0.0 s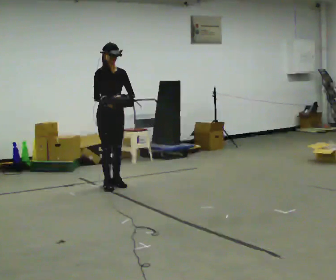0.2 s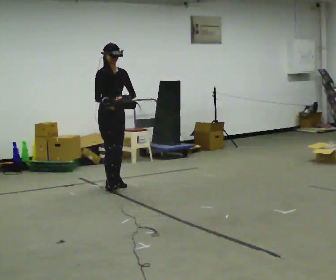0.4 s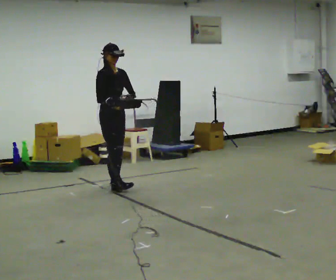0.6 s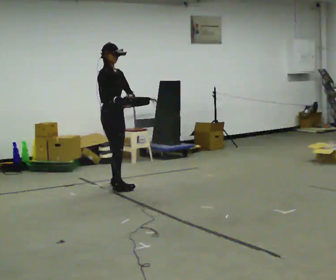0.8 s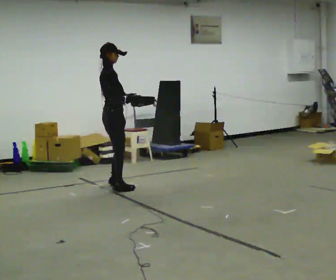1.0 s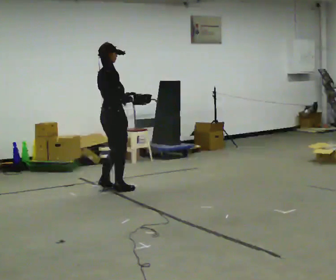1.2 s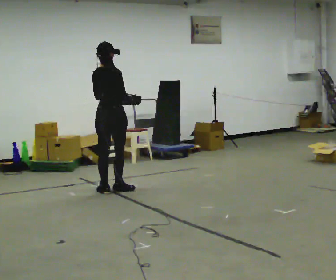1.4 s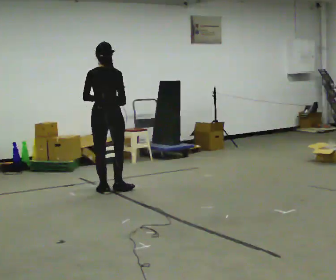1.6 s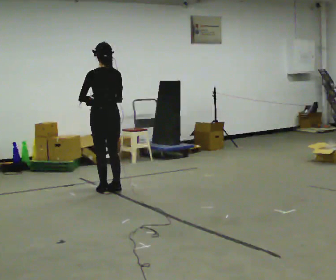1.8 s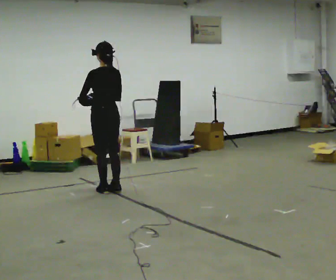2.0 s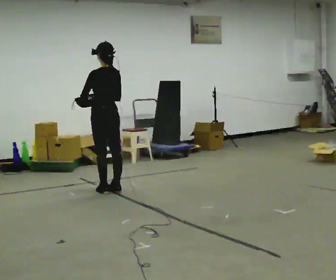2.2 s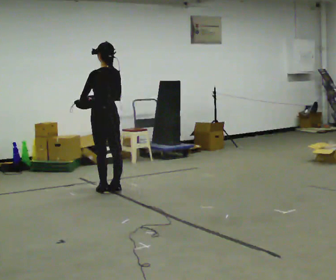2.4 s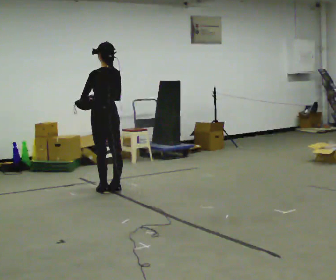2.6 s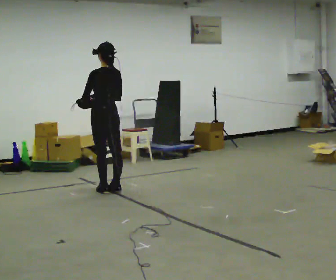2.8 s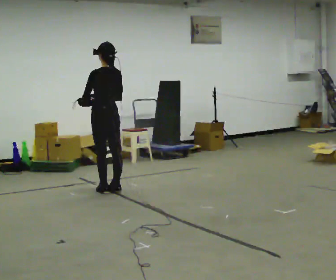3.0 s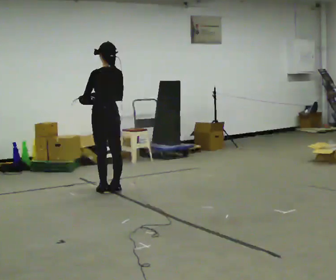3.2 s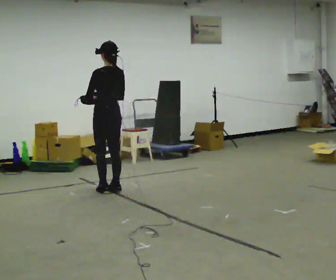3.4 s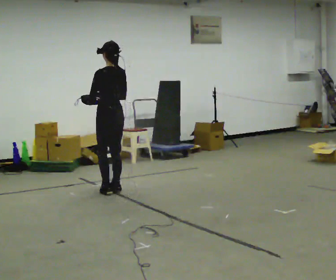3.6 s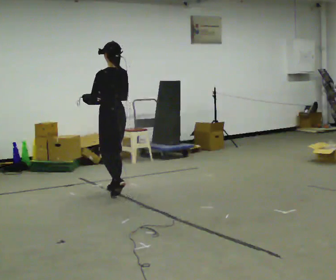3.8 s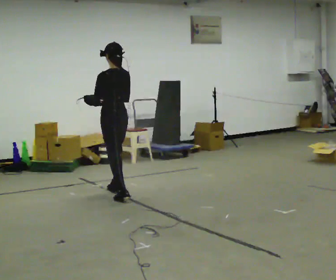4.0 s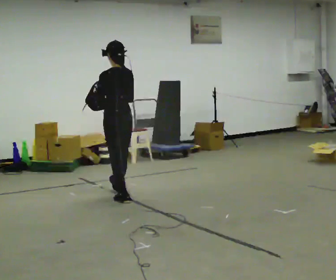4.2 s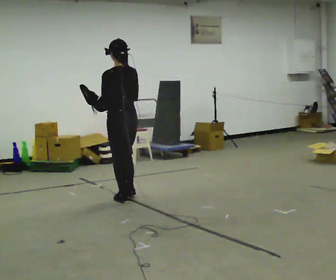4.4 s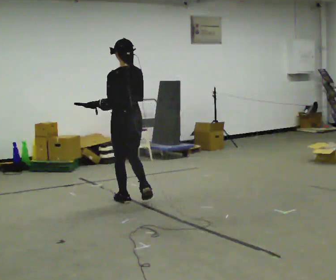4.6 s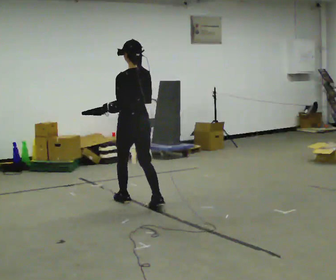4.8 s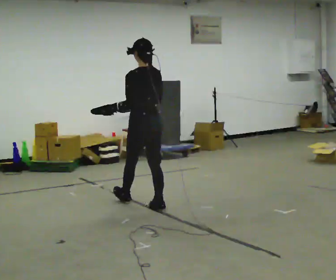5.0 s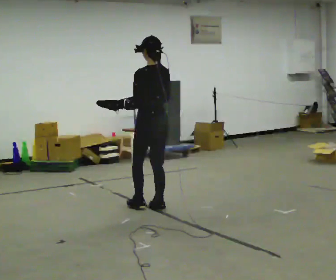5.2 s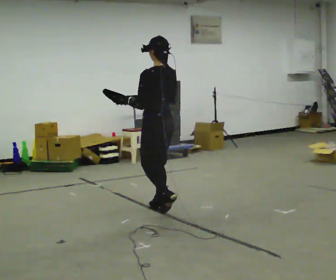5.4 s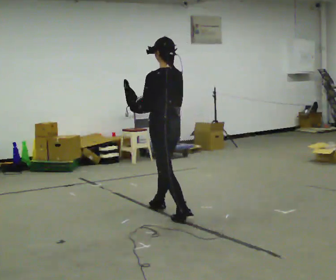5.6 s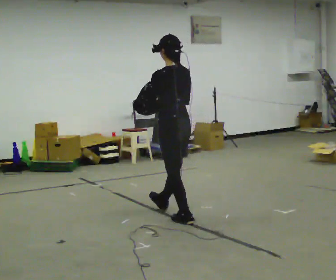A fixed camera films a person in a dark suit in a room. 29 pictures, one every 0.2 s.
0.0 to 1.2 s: The person turns about 120 degrees to their left, counterclockwise seen from above, so the part of the body nearest the lens slides to the right. In the picture they go toward the camera, about 0.25 m in 2 steps.
1.2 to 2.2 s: The person turns about 75 degrees to their left, counterclockwise seen from above, so the part of the body nearest the lens slides to the right. In the picture their right hand goes to the left.
2.2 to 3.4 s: The person moves a little, or ends about where they began.
3.4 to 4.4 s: In the picture they go toward the camera, about 0.5 m in 1 step, which for them is backward.
4.4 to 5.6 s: In the picture they go toward the camera and to the right, about 1 m in 2 steps, which for them is backward.
The film runs backward here.
